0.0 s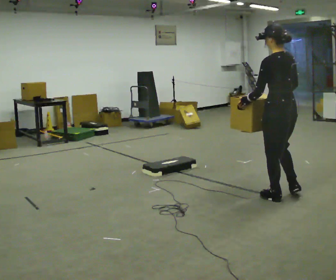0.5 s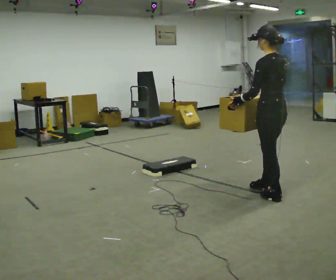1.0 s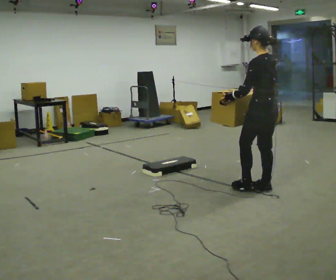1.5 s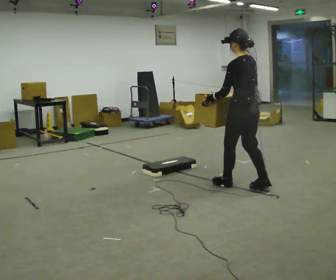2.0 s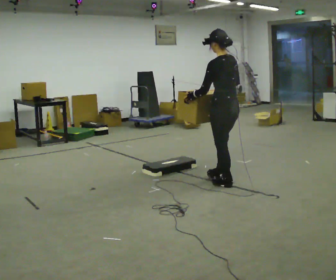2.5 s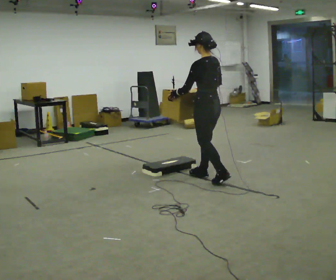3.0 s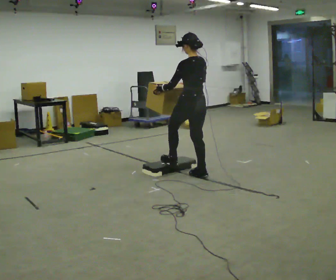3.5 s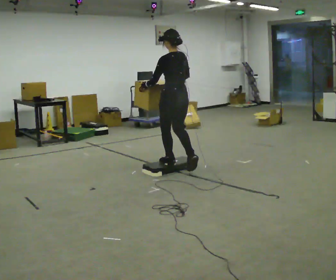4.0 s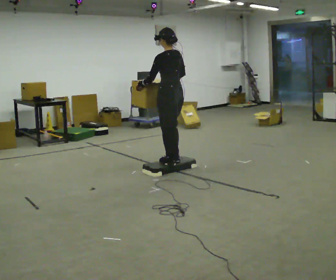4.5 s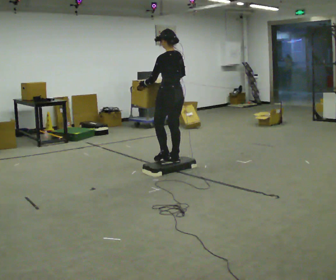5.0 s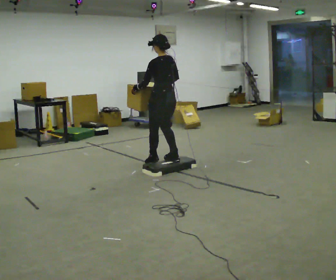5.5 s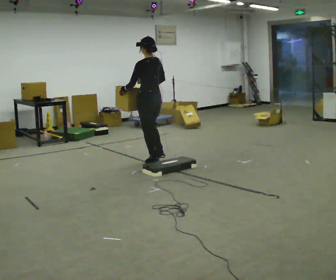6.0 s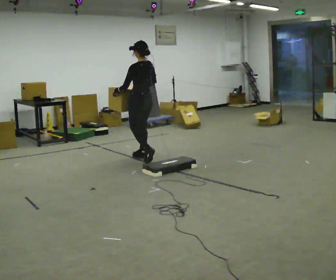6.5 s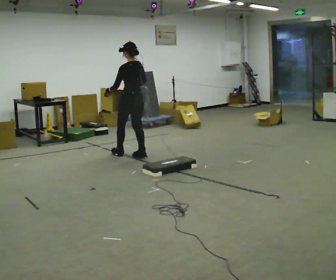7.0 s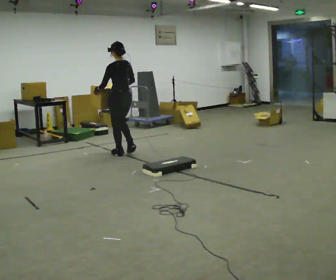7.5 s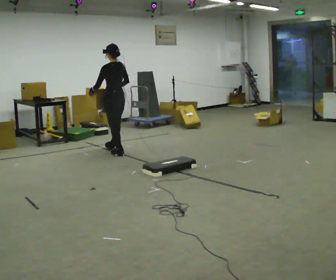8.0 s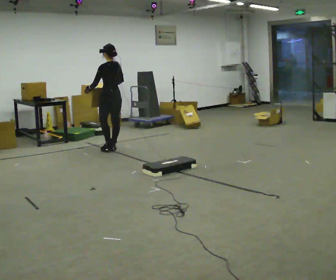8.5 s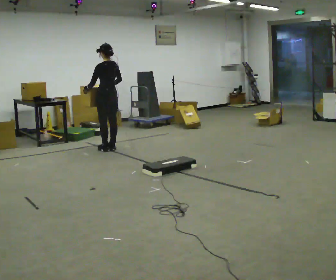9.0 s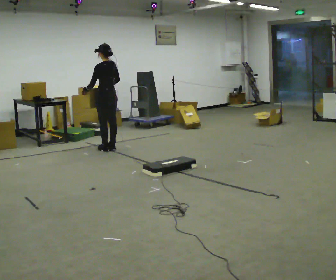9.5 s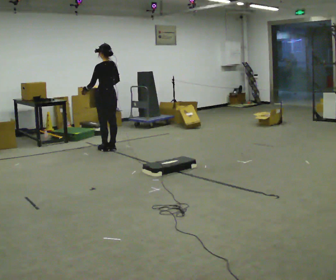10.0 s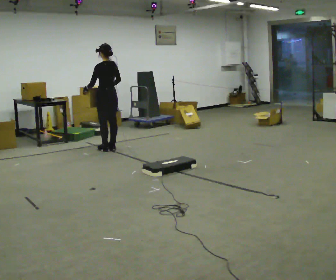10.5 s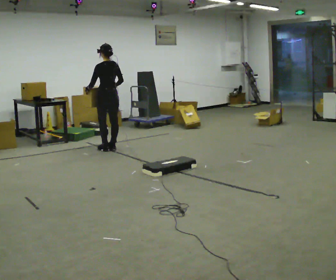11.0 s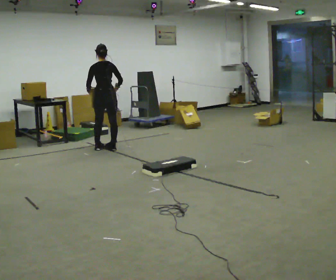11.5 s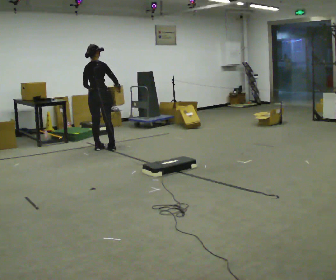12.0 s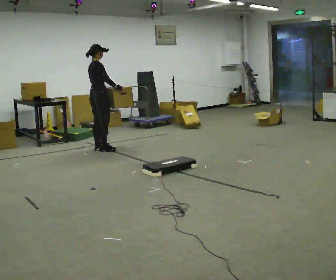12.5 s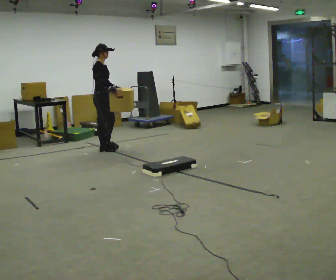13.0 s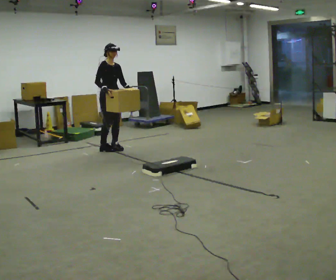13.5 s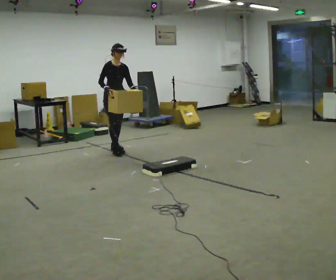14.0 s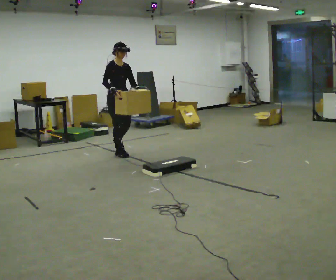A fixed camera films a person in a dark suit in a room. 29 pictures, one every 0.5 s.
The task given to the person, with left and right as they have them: Carry the box up onto the platform, across it, and down the other side, then bring it back. Keep going until the operator says stop; one object at a time, and do not rush between trips.
0.0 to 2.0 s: In the picture they go away from the camera and to the left, about 0.75 m in 2 steps, which for them is forward.
2.0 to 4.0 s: In the picture they go away from the camera and to the left, about 1 m in 3 steps, which for them is forward.
4.0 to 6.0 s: In the picture they go away from the camera and to the left, about 0.5 m in 2 steps, which for them is forward.
6.0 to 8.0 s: In the picture they go away from the camera and to the left, about 1 m in 2 steps, which for them is forward.
8.0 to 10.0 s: The person moves a little, or ends about where they began.
10.0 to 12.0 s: The person turns about 105 degrees to their right, clockwise seen from above, so the part of the body nearest the lens slides to the left.
12.0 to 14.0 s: Seen from above the body turns clockwise, about 75 degrees: to their right, with its near side sliding to the left. In the picture they go toward the camera and to the right, about 0.5 m in 2 steps.
The film runs forward here.
